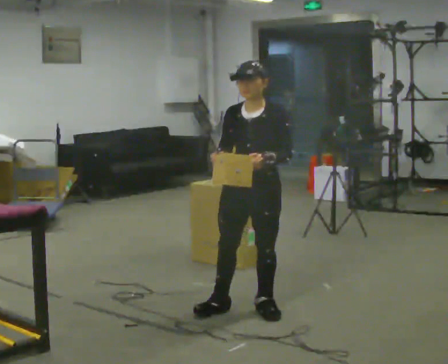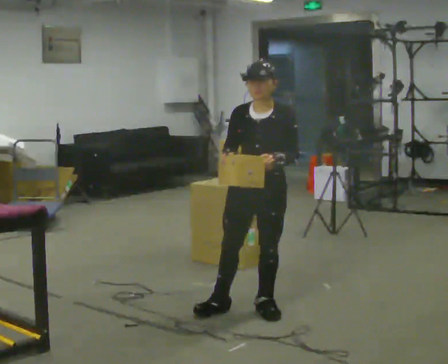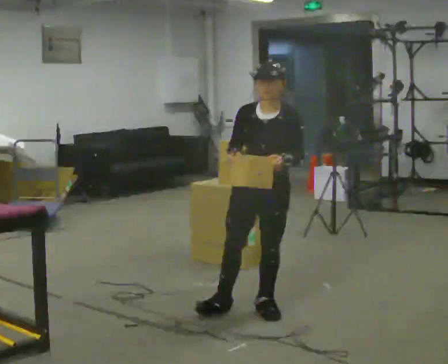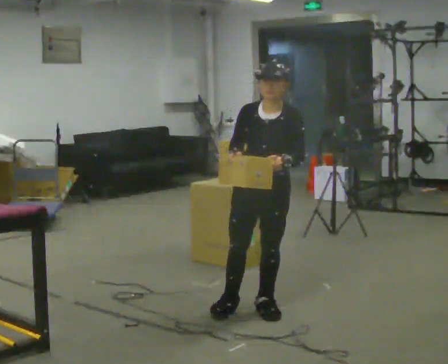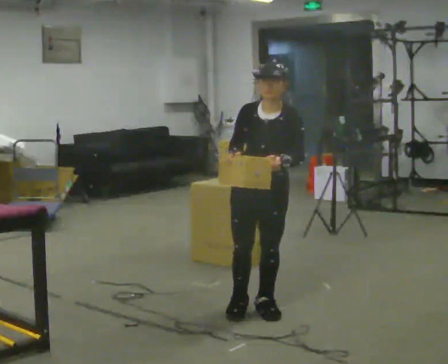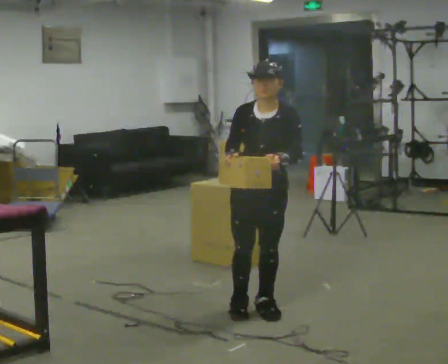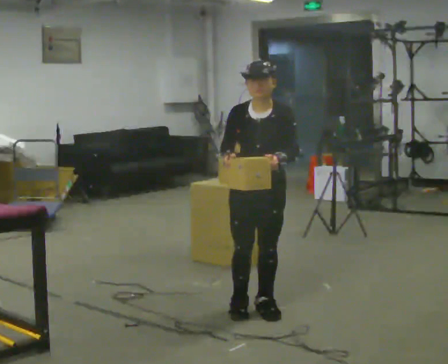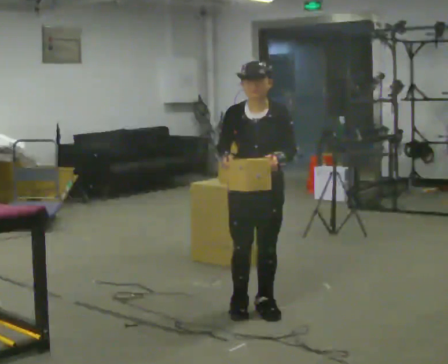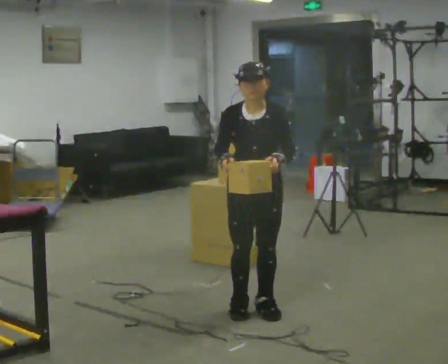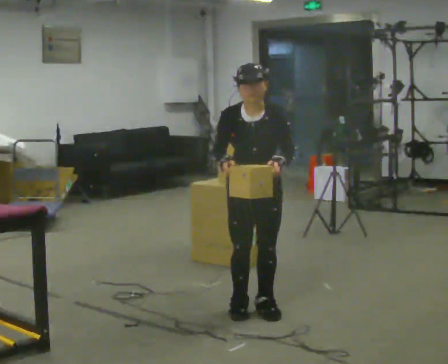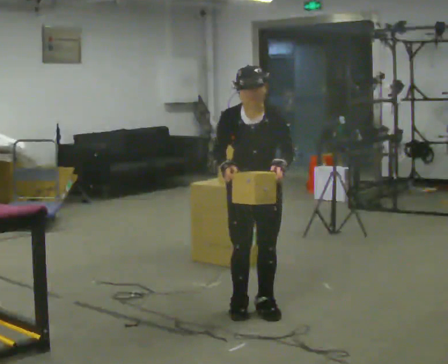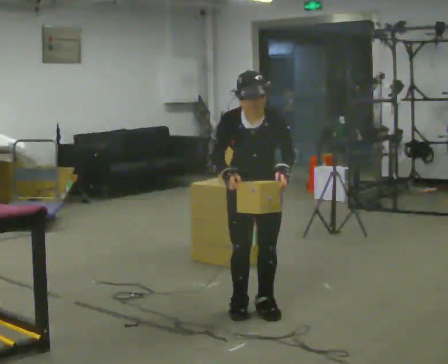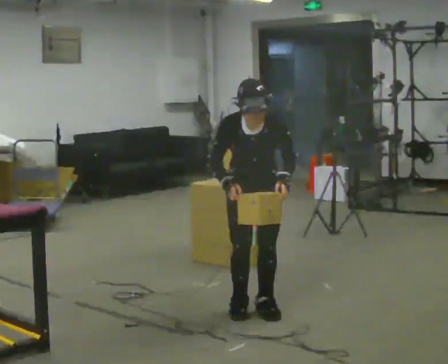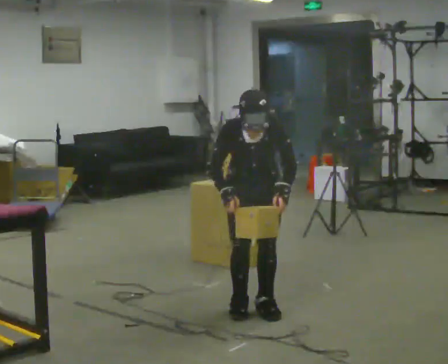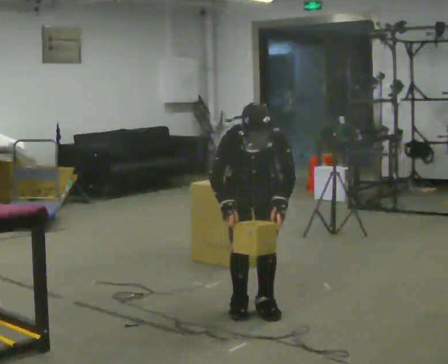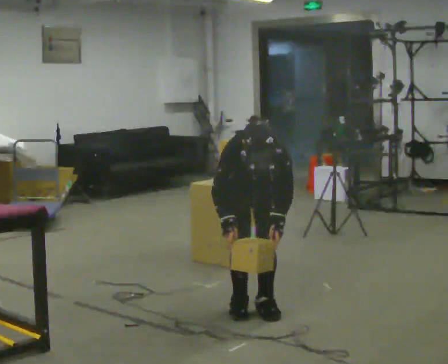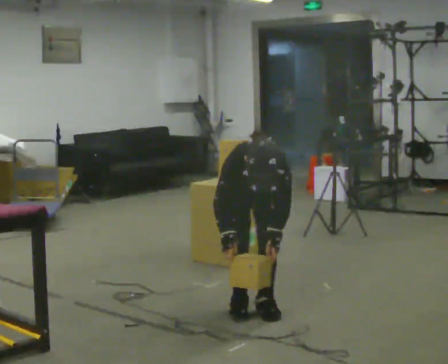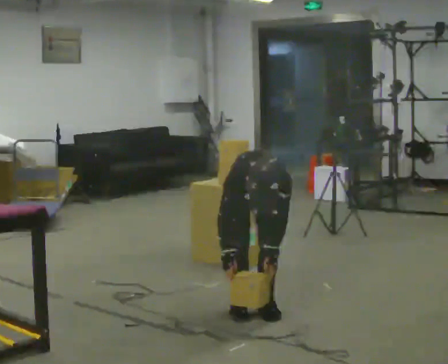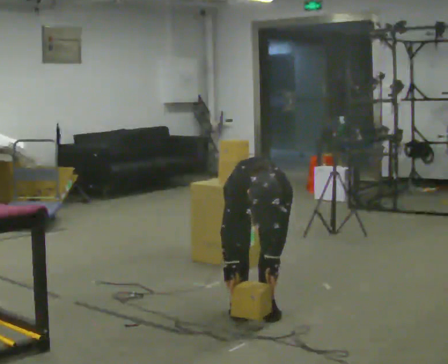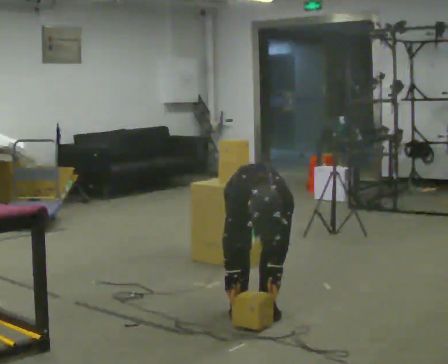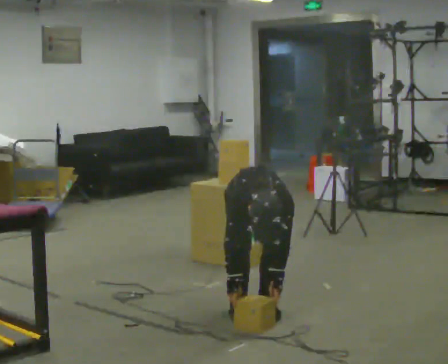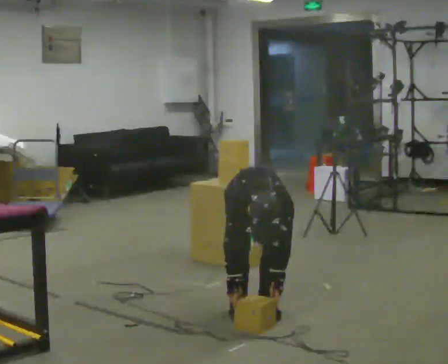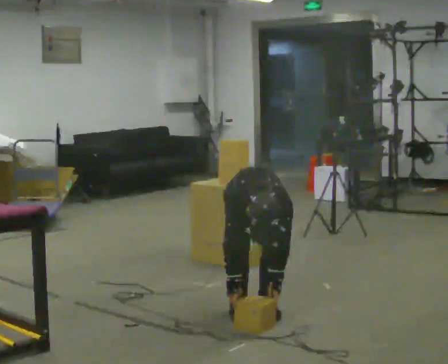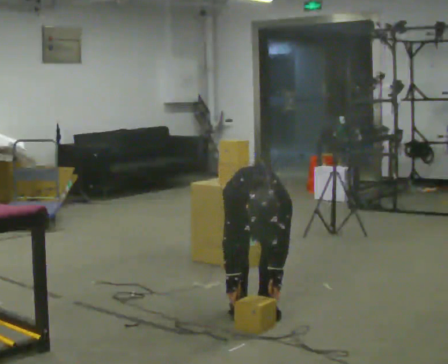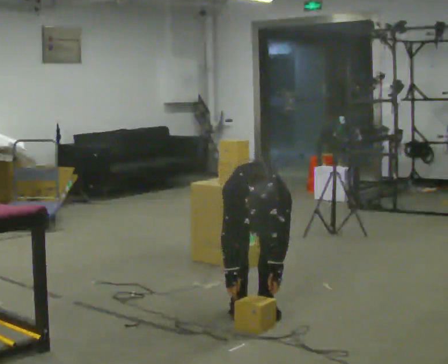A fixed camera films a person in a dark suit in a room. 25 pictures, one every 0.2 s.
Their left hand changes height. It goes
downward.
The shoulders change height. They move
downward.
0.0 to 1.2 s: The person moves a little, or ends about where they began.
1.2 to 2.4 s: The upper body tips toward the camera, its near side rolling downward, as they bend forward.
2.4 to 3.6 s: The shoulders move downward. The upper body tips toward the camera, its near side rolling downward, as they bend forward. In the picture their left hand goes downward.
3.6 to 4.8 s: The person moves a little, or ends about where they began.
The film runs backward here.
